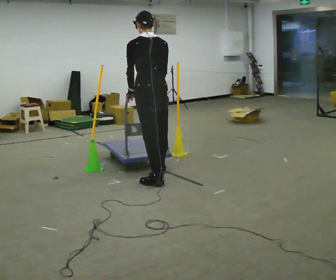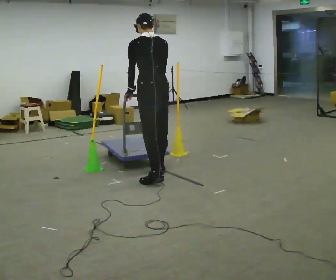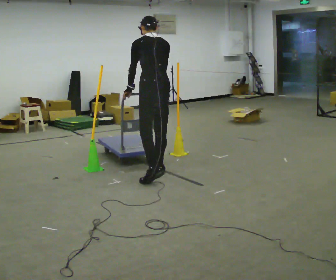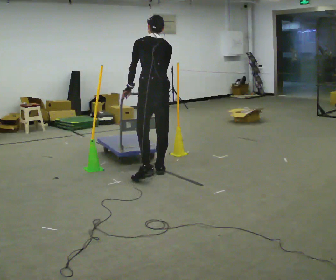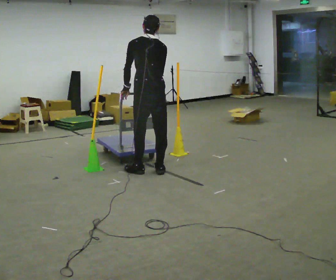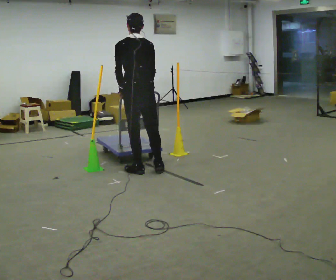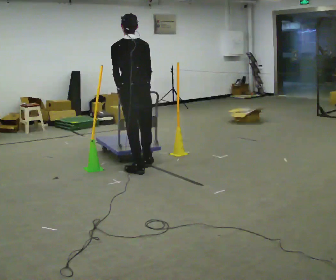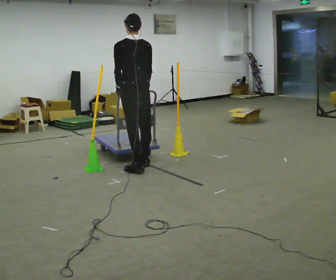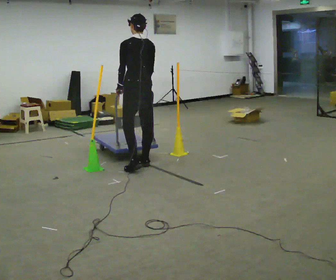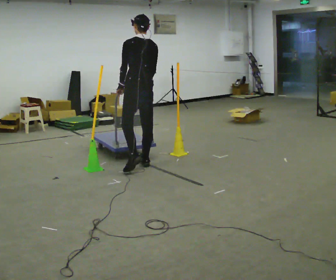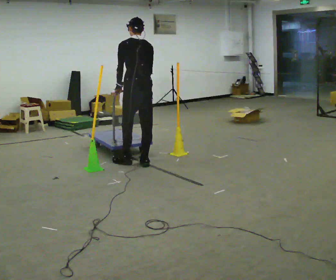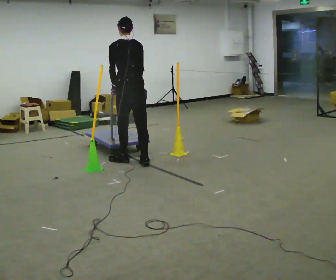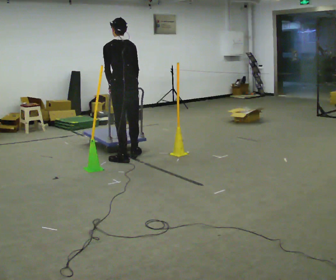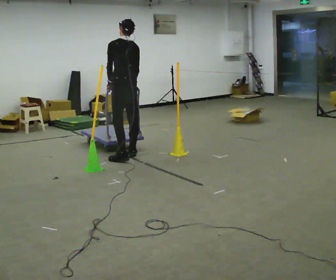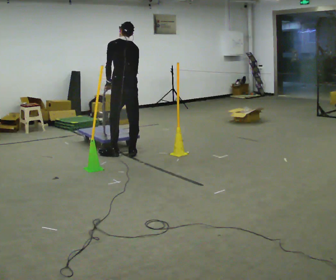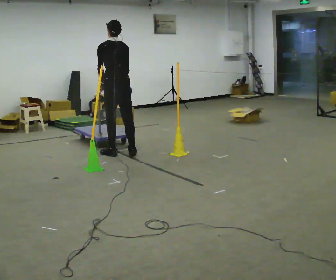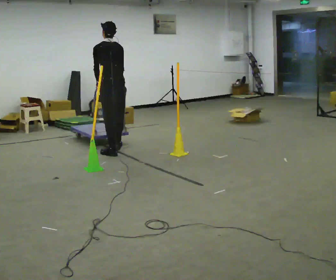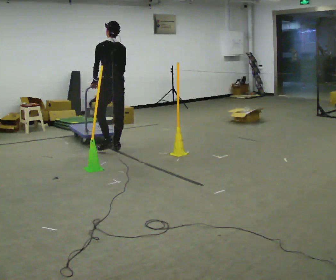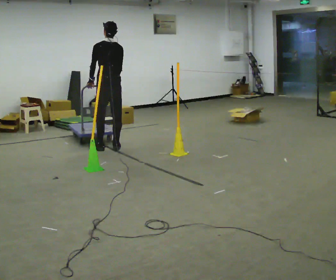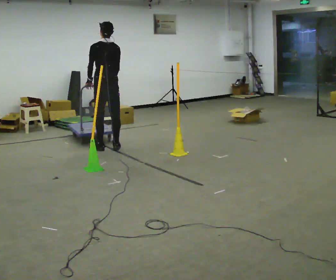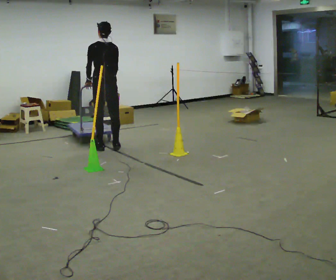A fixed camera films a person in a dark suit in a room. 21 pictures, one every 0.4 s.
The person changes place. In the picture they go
away from the camera.
0.0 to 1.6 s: In the picture they go away from the camera, about 0.25 m in 1 step, which for them is forward.
1.6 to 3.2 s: In the picture they go away from the camera, about 0.25 m in 1 step, which for them is forward. The upper body tips toward the camera, its near side rolling downward, as they lean back or straighten.
3.2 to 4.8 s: In the picture they go away from the camera and to the left, about 0.25 m in 2 steps, which for them is forward.
4.8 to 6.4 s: In the picture they go away from the camera and to the left, about 0.5 m in 2 steps, which for them is forward.
6.4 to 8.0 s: In the picture they go away from the camera, about 0.25 m in 1 step, which for them is forward.
The film runs backward here.
